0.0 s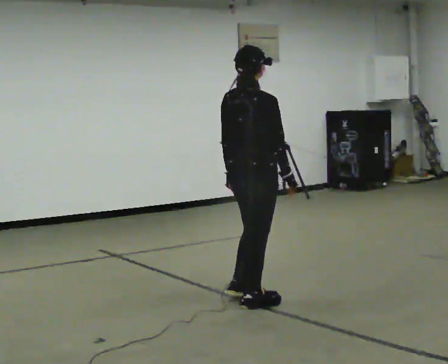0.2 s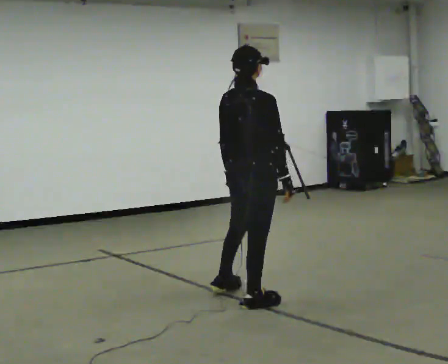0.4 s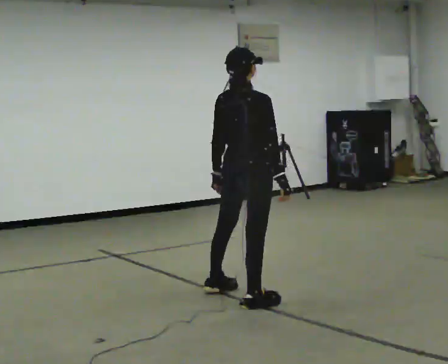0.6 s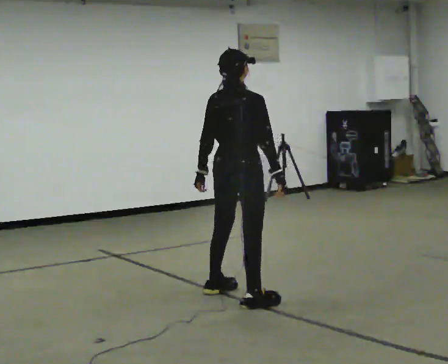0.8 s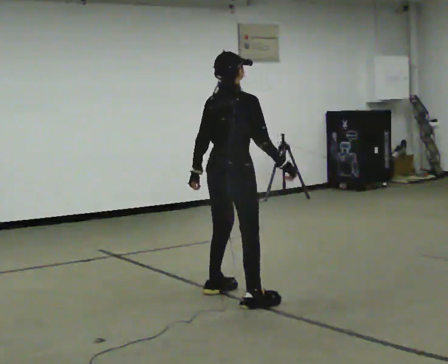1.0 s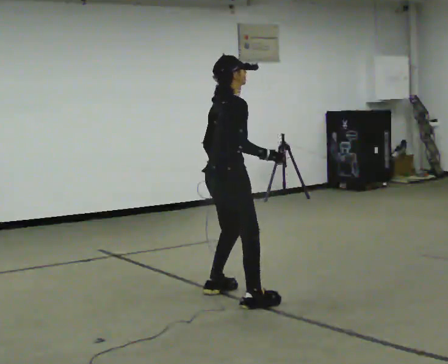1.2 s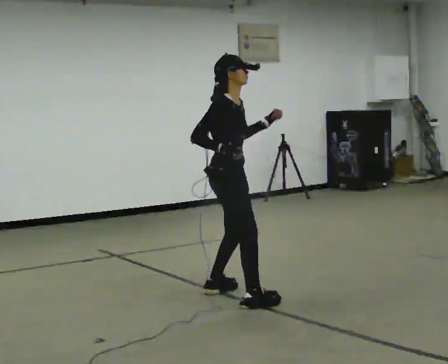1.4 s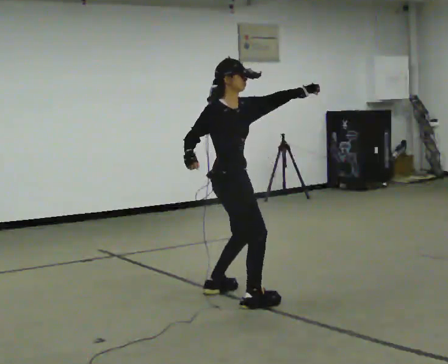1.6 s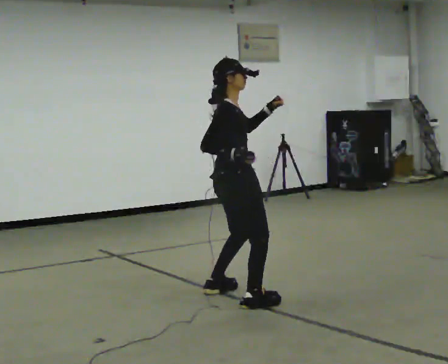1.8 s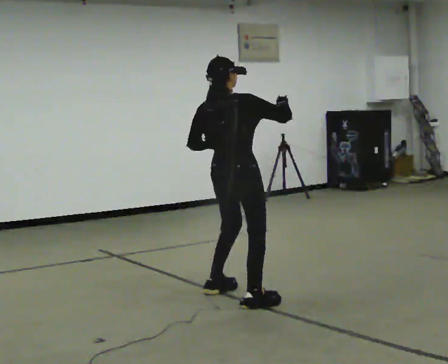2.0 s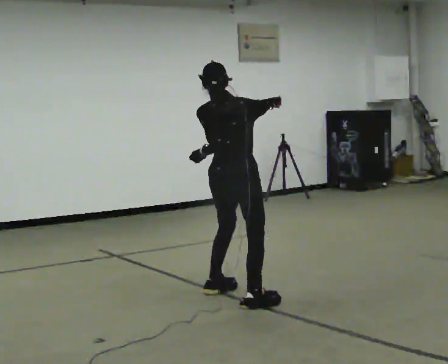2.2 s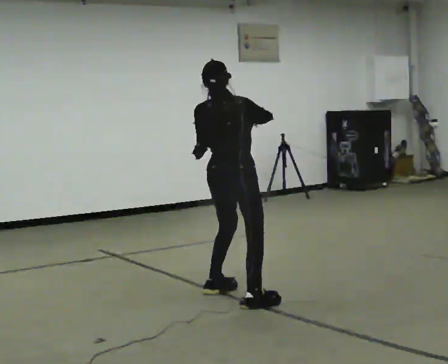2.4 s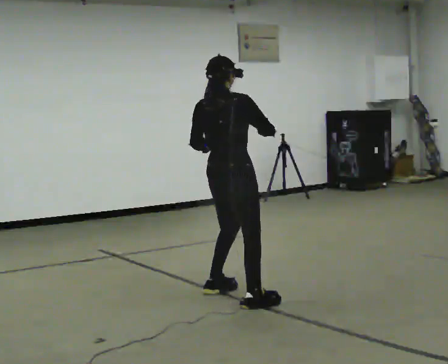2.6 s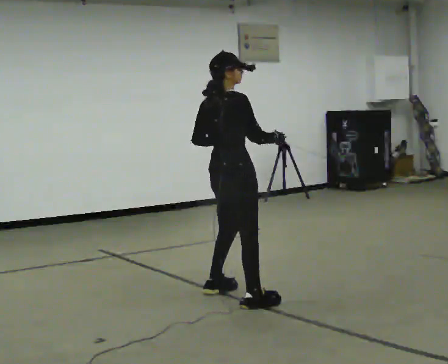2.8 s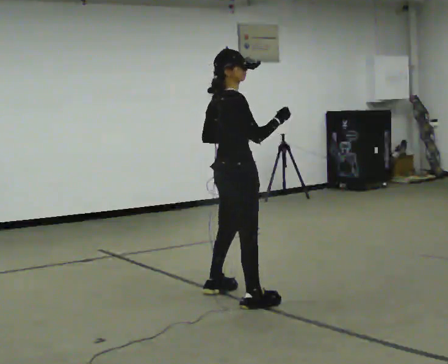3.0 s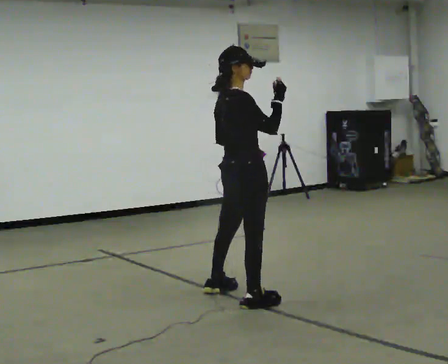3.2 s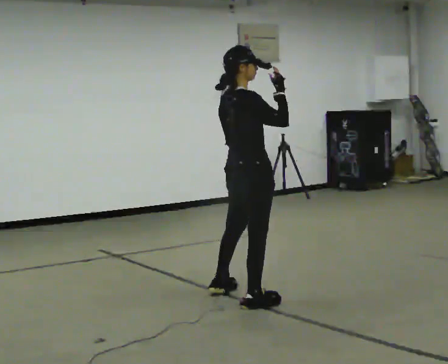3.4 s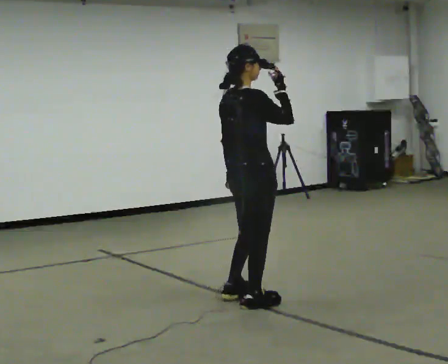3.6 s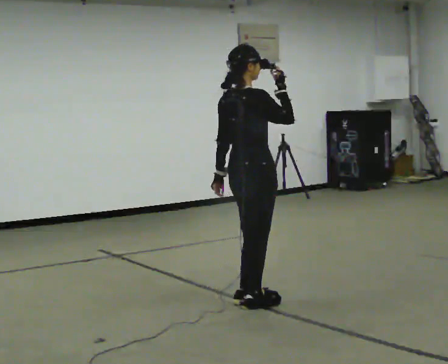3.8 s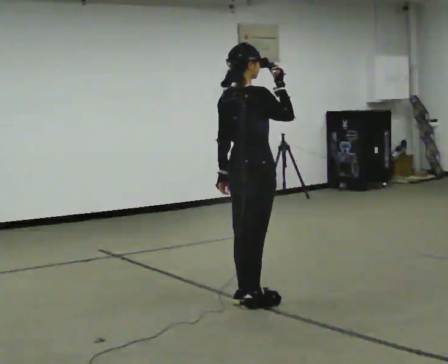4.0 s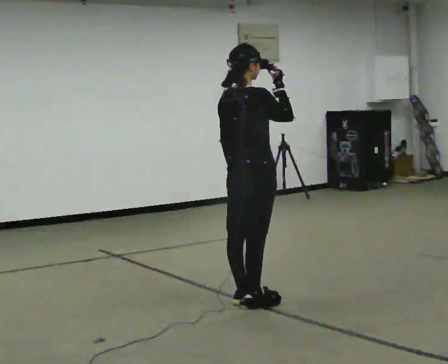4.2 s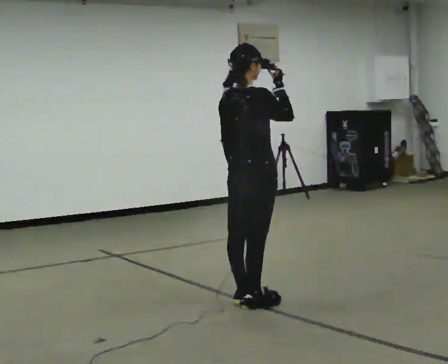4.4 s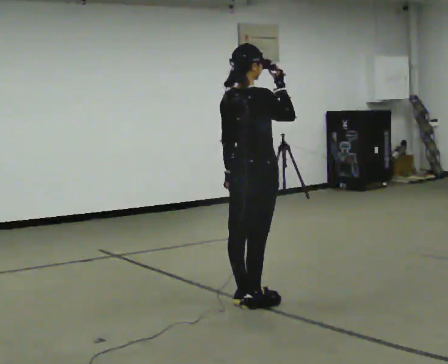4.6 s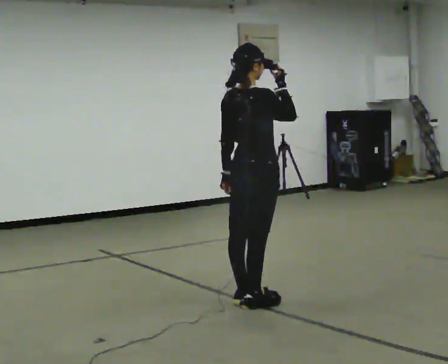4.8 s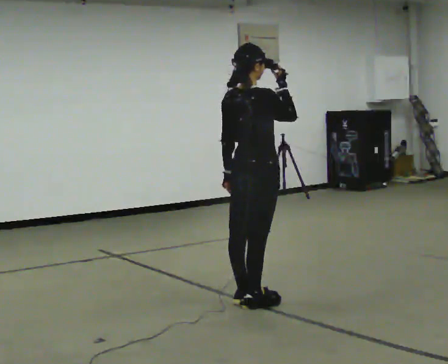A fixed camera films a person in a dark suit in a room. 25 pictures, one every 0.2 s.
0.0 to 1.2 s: The person turns about 60 degrees to their right, clockwise seen from above, so the part of the body nearest the lens slides to the left. In the picture they go away from the camera, about 0.25 m in 1 step. In the picture their left hand goes upward.
1.2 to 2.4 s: The person turns about 60 degrees to their left, counterclockwise seen from above, so the part of the body nearest the lens slides to the right. In the picture their right hand goes to the right.
2.4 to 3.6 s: In the picture they go toward the camera, about 0.25 m in 1 step, which for them is to their right.
3.6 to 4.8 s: The person moves a little, or ends about where they began.
The film runs forward here.
